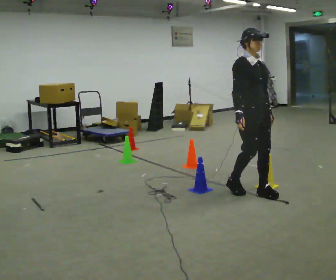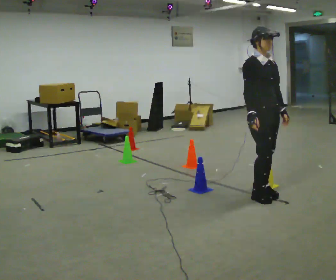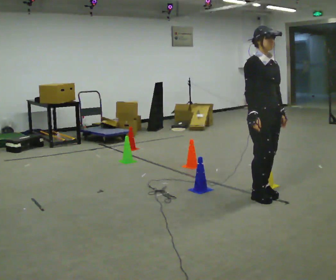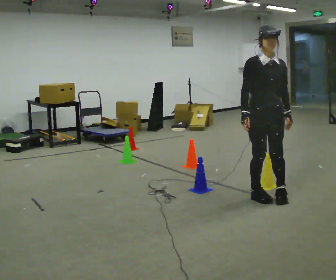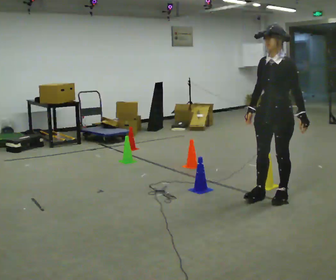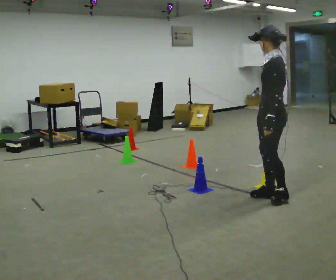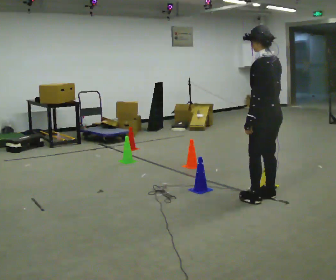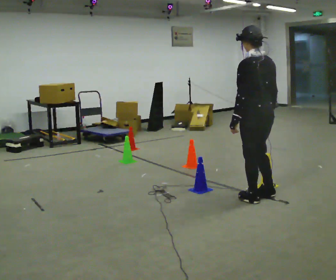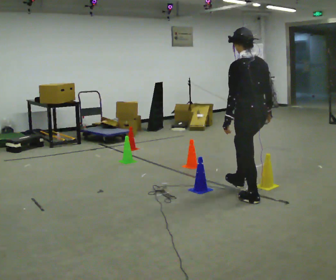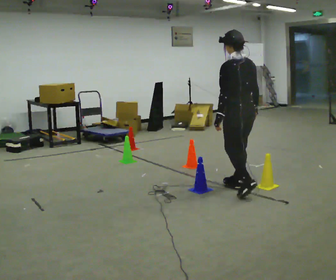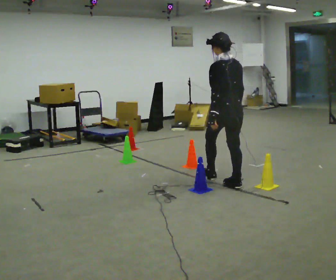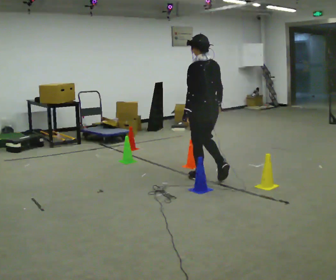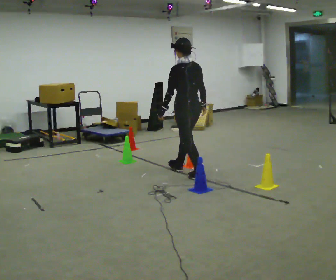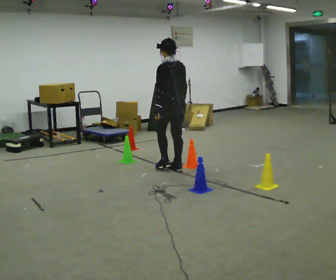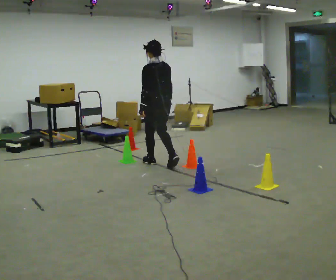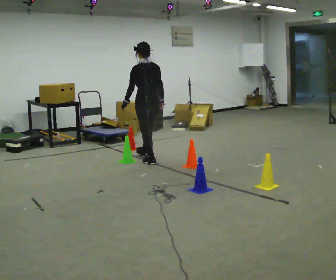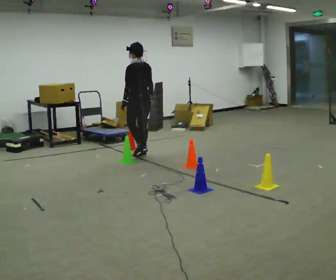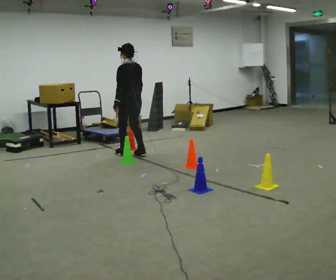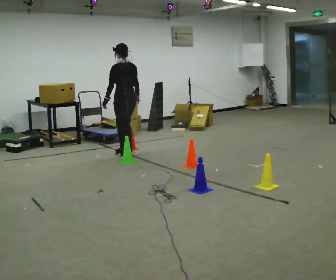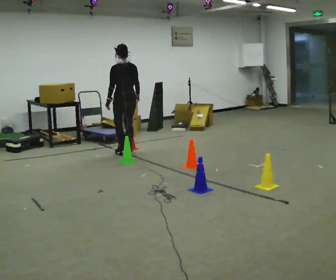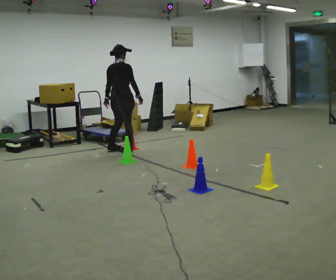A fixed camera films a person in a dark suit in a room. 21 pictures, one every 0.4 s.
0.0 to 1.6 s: Seen from above the body turns clockwise, about 90 degrees: to their right, with its near side sliding to the left. In the picture they go to the right, about 0.25 m in 2 steps.
1.6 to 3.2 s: The person turns about 105 degrees to their right, clockwise seen from above, so the part of the body nearest the lens slides to the left. In the picture they go to the left, about 0.25 m in 1 step.
3.2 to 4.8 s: In the picture they go away from the camera and to the left, about 1 m in 2 steps, which for them is forward.
4.8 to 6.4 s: In the picture they go away from the camera and to the left, about 1 m in 3 steps, which for them is forward.
6.4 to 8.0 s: Seen from above the body turns clockwise, about 75 degrees: to their right, with its near side sliding to the left. In the picture they go to the left and away from the camera, about 0.5 m in 3 steps.
The film runs forward here.
